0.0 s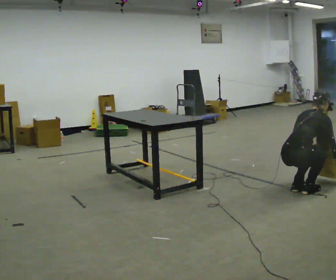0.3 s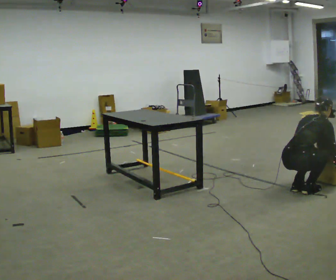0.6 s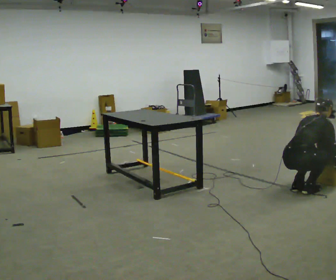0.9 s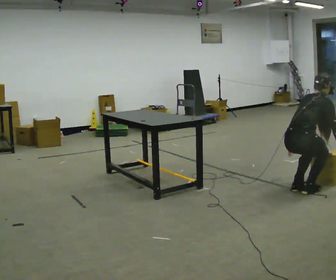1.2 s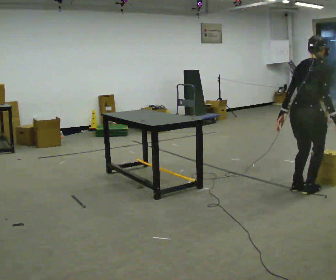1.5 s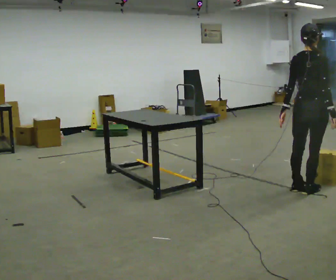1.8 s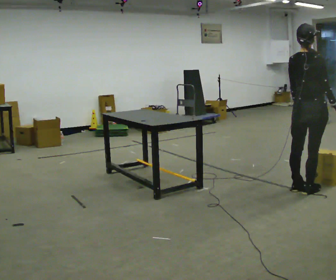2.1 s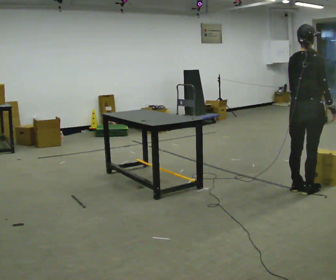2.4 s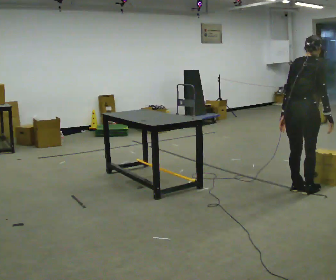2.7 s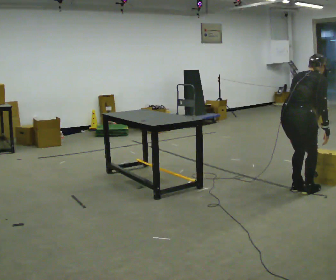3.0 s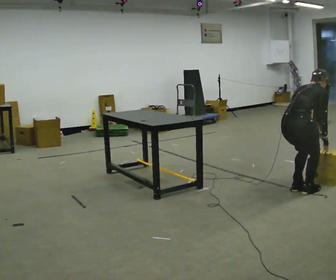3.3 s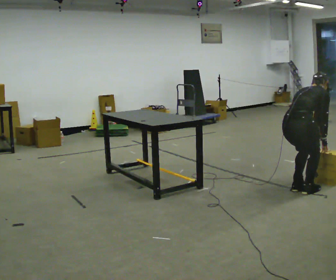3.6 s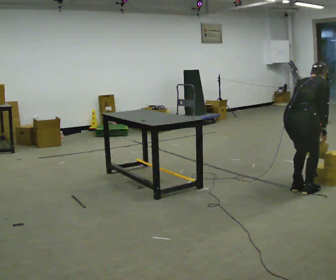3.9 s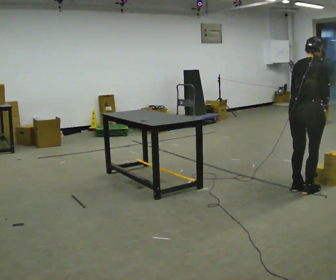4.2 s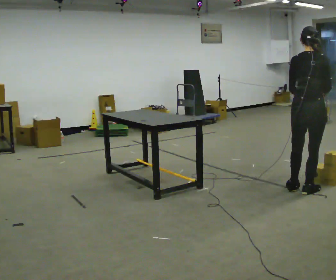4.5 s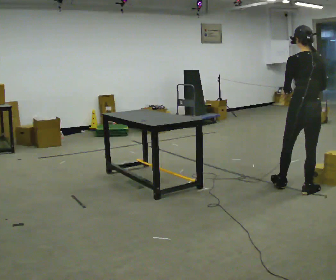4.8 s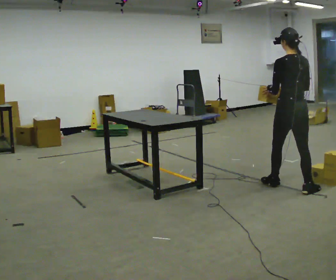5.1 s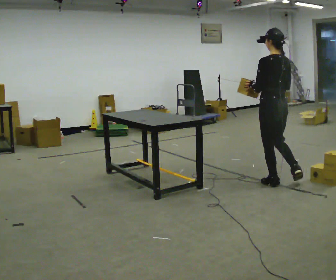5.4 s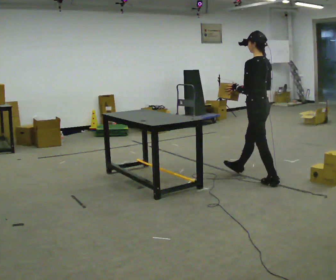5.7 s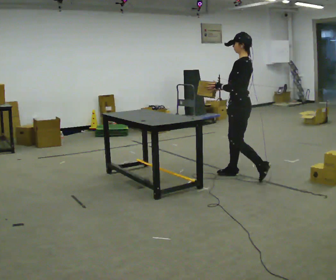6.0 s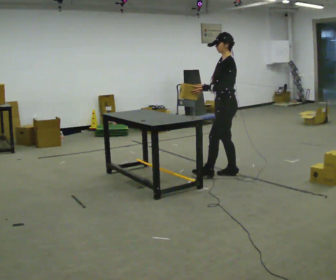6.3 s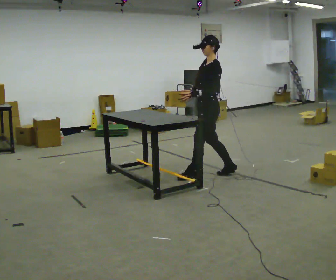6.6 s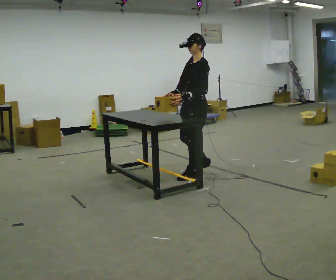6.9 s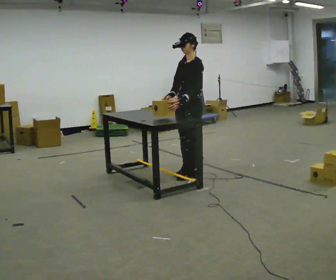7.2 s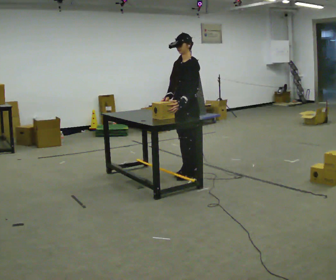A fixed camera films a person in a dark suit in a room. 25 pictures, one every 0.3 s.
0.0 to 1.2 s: The upper body goes upward. In the picture the upper body tilts counterclockwise, shoulders to the left, as they lean back or straighten. In the picture their left hand goes upward and to the left.
1.2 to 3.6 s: The person moves a little, or ends about where they began.
3.6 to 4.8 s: The person turns about 60 degrees to their left, counterclockwise seen from above, so the part of the body nearest the lens slides to the right. In the picture they go away from the camera, about 0.25 m in 1 step, which for them is forward and to their left. The upper body goes upward. The upper body tips toward the camera, its near side rolling downward, as they lean back or straighten. In the picture their right hand goes upward and to the left.
4.8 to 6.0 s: The part of the body nearest the lens slides to the right as the person turns to their left by about 75 degrees. In the picture they go to the left and away from the camera, about 1 m in 1 step.
6.0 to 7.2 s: Seen from above the body turns counterclockwise, about 30 degrees: to their left, with its near side sliding to the right. In the picture they go to the left, about 0.5 m in 2 steps, which for them is forward and to their right.
The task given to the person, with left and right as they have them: Pick up the next box in the row and carry it to the table. The operator will not tell you how heavy each one is. Keep going until the operator says stop; one object at a time, and do not rush between trips.
The film runs forward here.
